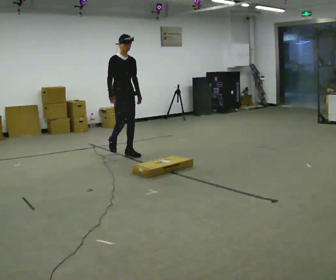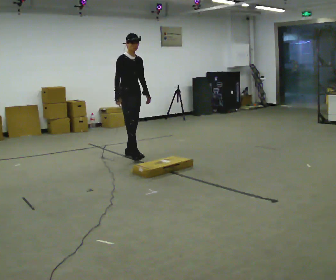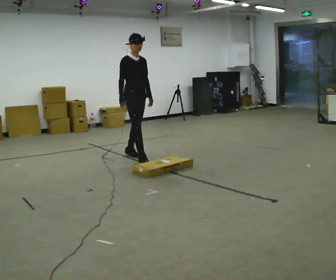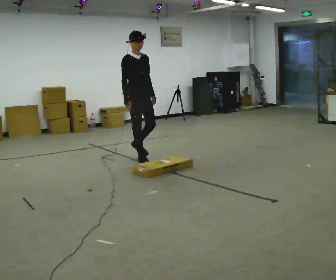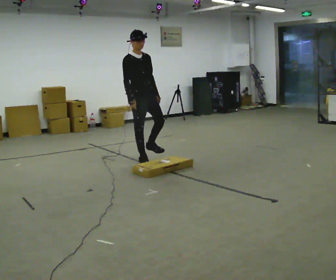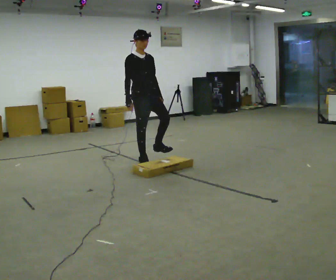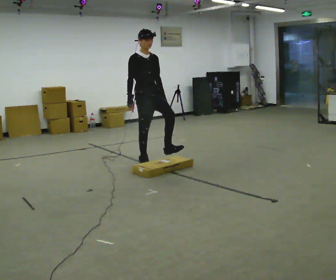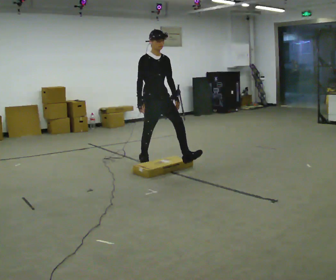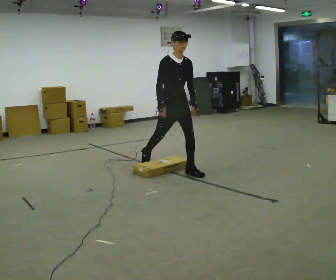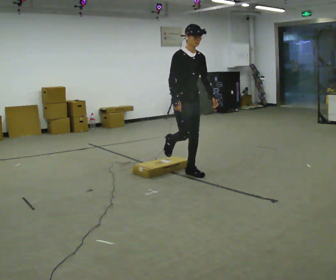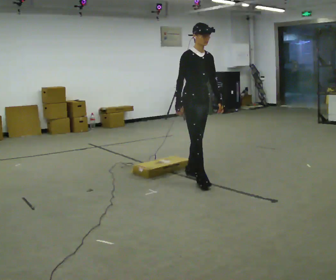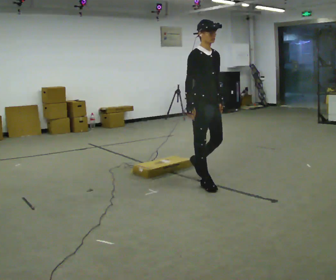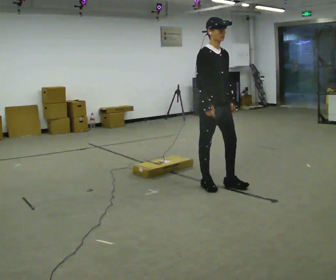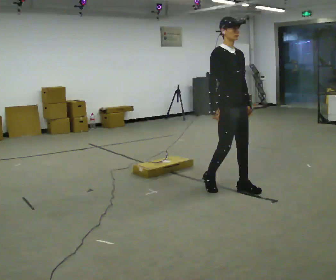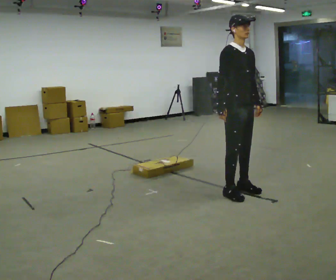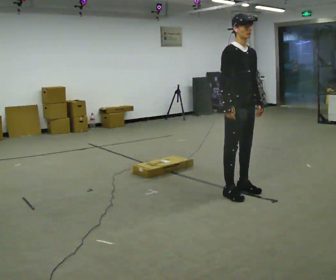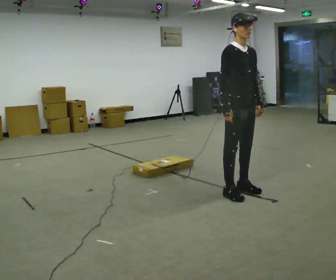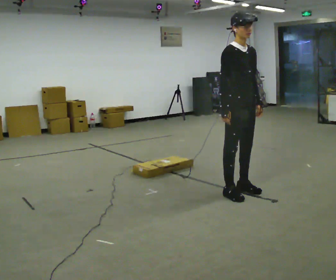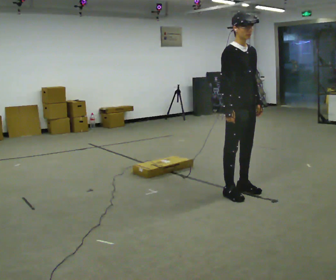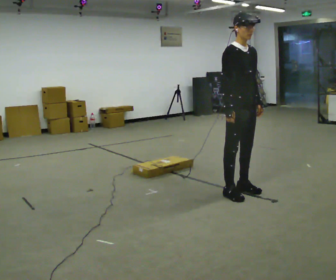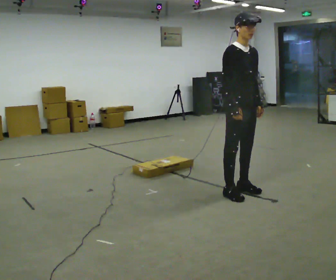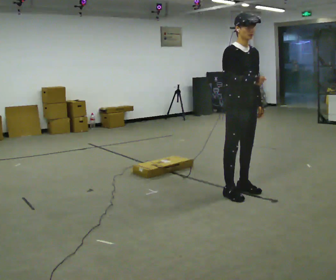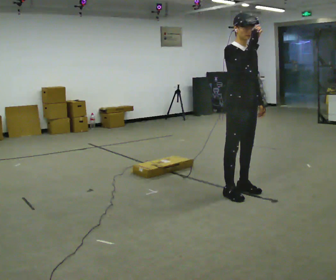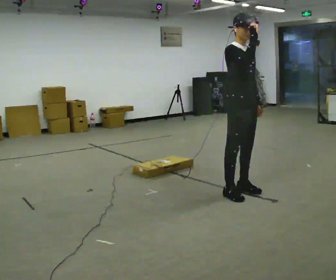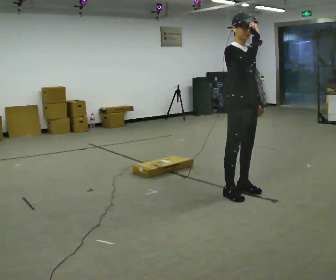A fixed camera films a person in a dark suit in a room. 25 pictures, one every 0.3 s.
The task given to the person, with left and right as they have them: Walk toward low obstacle; step over without stopping; continue.
0.0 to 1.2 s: In the picture they go toward the camera and to the right, about 0.5 m in 1 step, which for them is forward.
1.2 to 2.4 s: In the picture they go to the right and toward the camera, about 0.75 m in 1 step, which for them is forward. In the picture the upper body tilts clockwise, shoulders to the right, as they bend forward.
2.4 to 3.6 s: In the picture they go toward the camera and to the right, about 1 m in 2 steps, which for them is forward.
3.6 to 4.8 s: In the picture they go toward the camera and to the right, about 0.25 m in 1 step, which for them is forward.
4.8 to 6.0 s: The person moves a little, or ends about where they began.
6.0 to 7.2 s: In the picture their right hand goes upward.
The film runs forward here.
